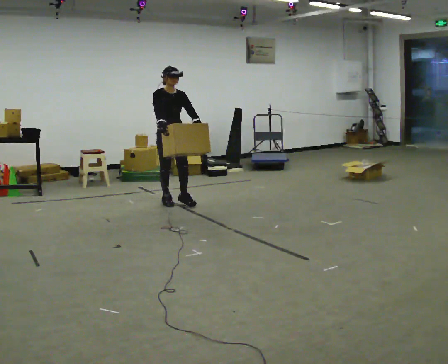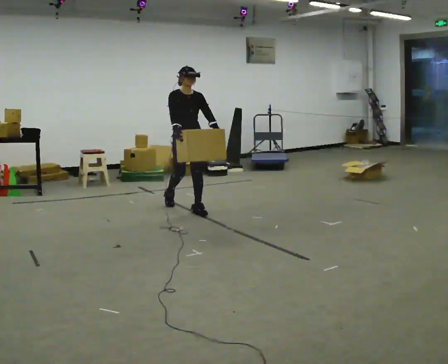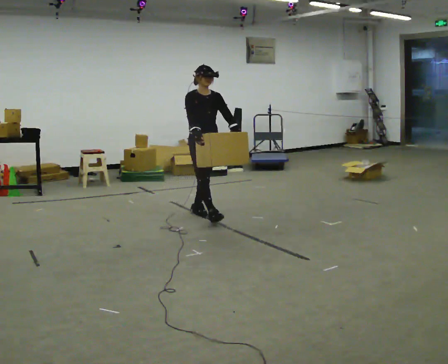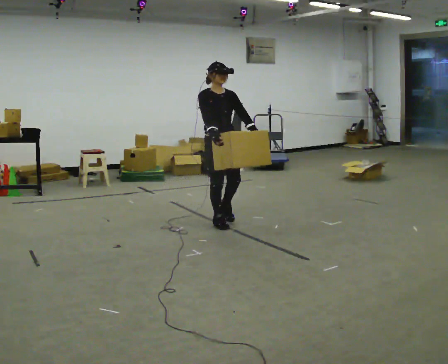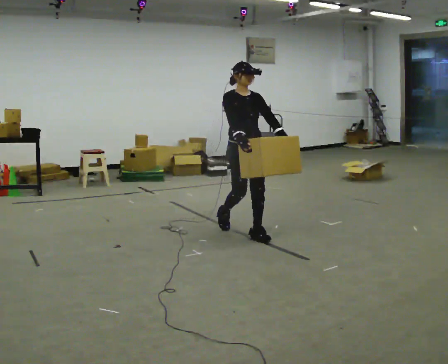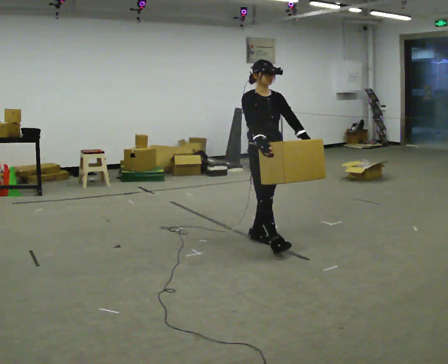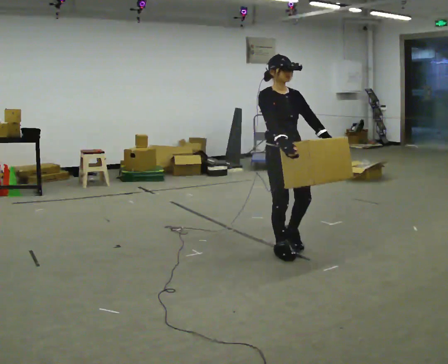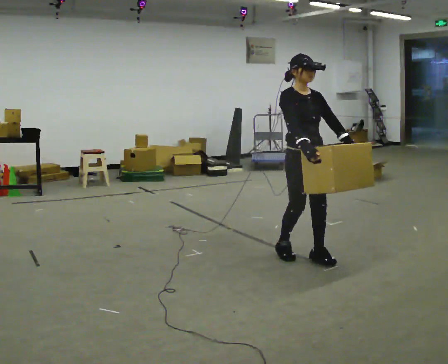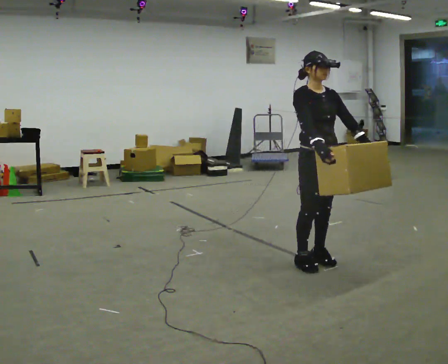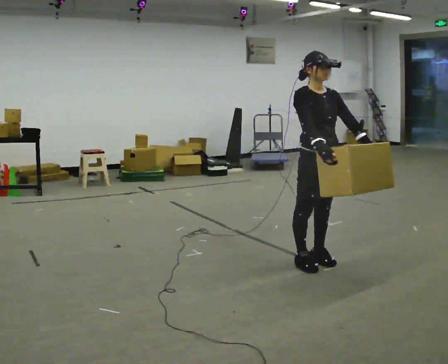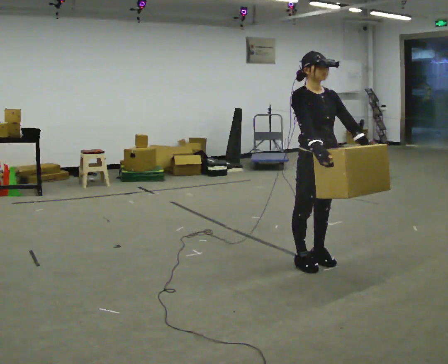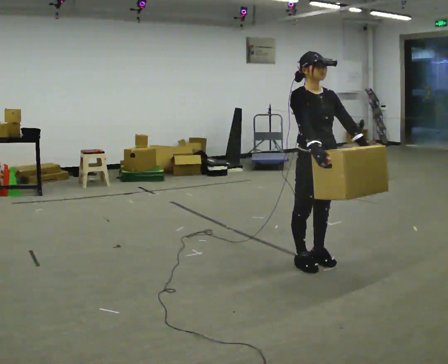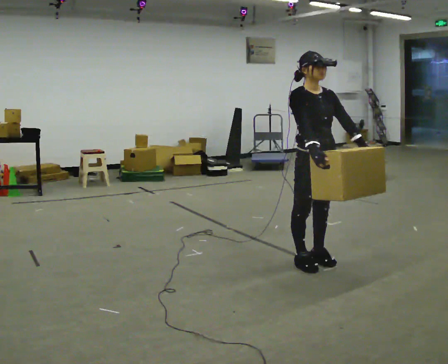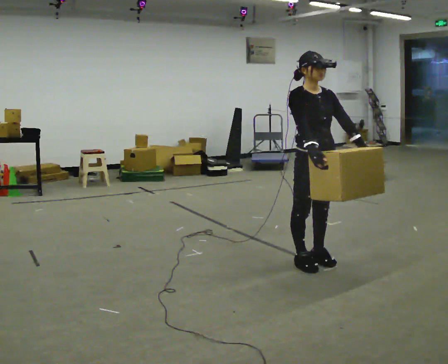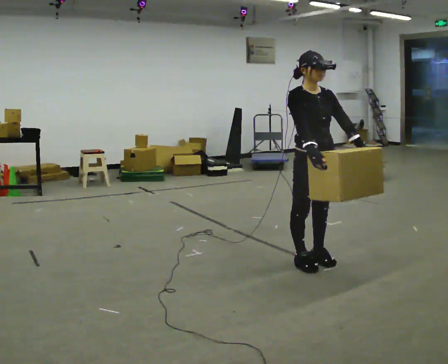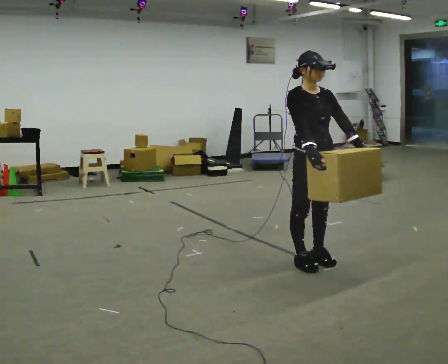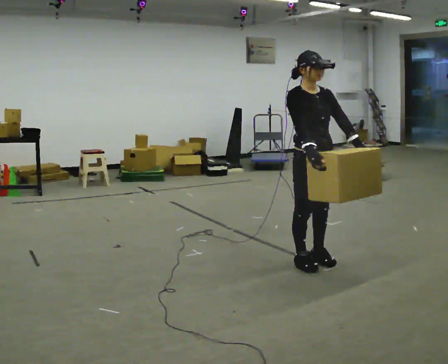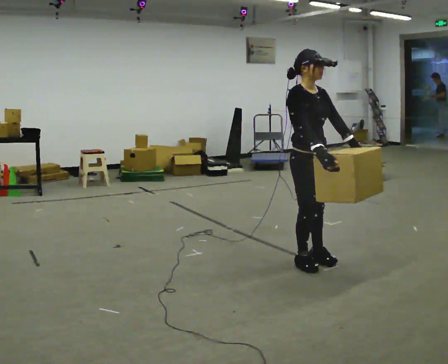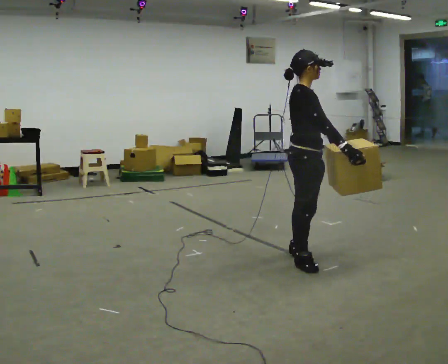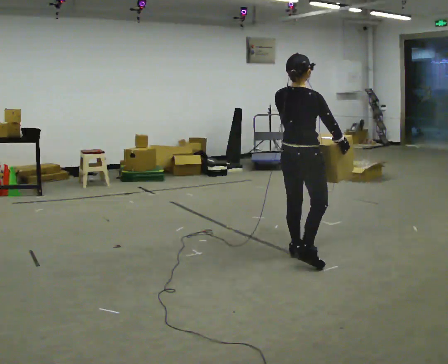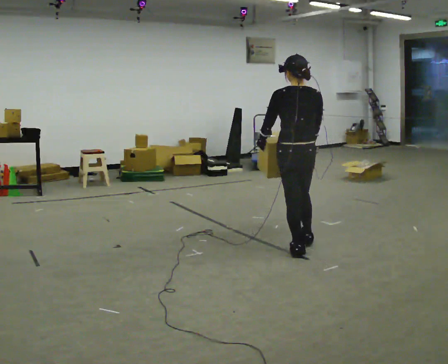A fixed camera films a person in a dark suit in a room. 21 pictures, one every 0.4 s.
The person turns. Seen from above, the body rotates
counterclockwise.
The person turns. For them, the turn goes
to their left.
0.0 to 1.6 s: In the picture they go to the right and toward the camera, about 1.5 m in 3 steps, which for them is forward.
1.6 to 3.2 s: In the picture they go to the right and toward the camera, about 1 m in 3 steps, which for them is forward.
3.2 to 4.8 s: The person moves a little, or ends about where they began.
4.8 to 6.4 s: The person keeps their place and pose.
6.4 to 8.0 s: Seen from above the body turns counterclockwise, about 165 degrees: to their left, with its near side sliding to the right. In the picture they go away from the camera, about 0.25 m in 1 step.
The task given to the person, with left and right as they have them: Carry the heaviest box in both hands in front of you, walking back and forth across the room. Only carry what is comfortable. Set it down whenever you need to.
The film runs forward here.
